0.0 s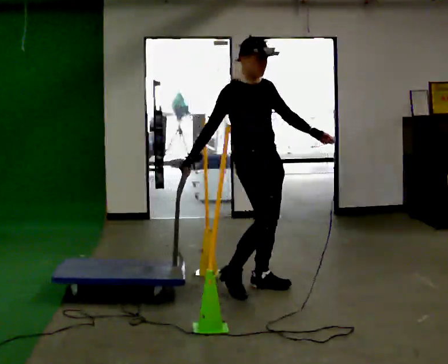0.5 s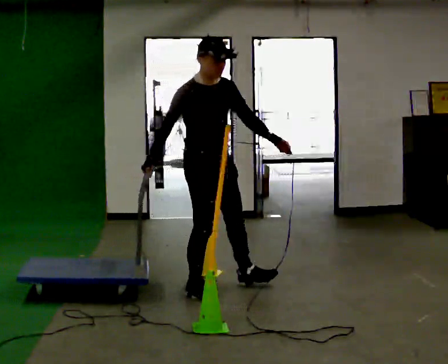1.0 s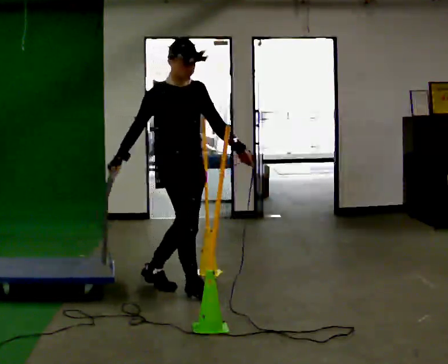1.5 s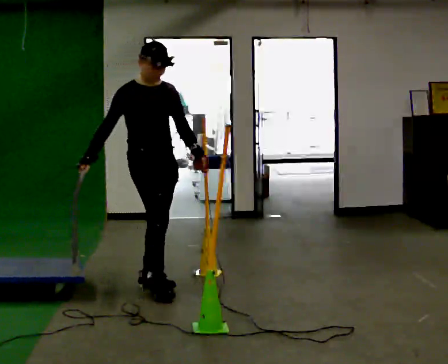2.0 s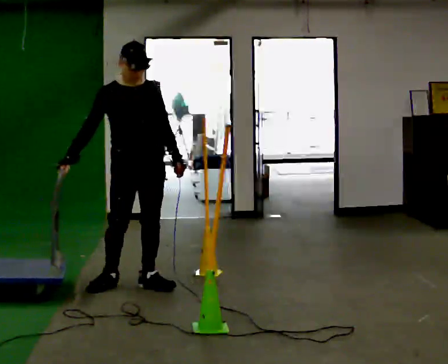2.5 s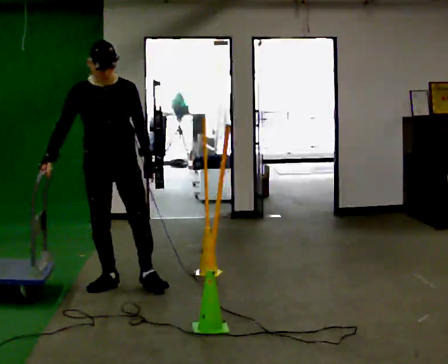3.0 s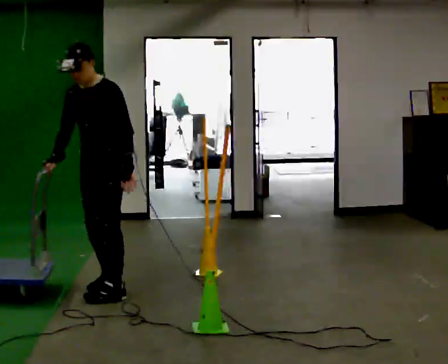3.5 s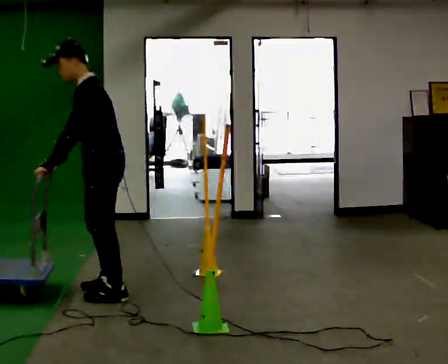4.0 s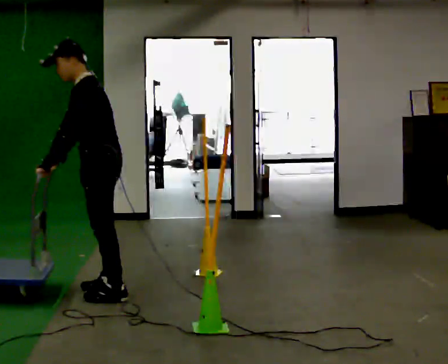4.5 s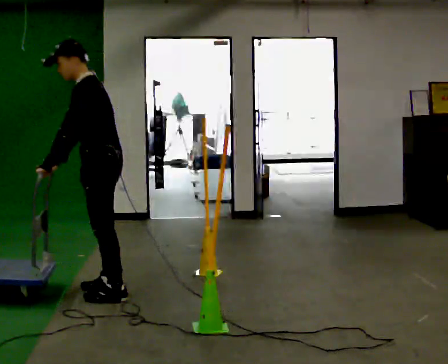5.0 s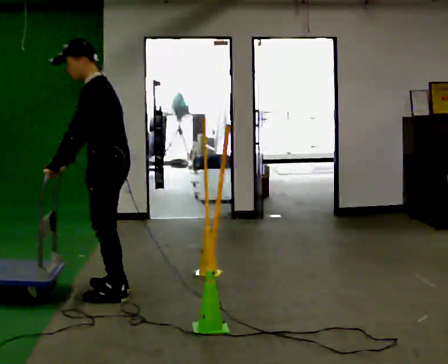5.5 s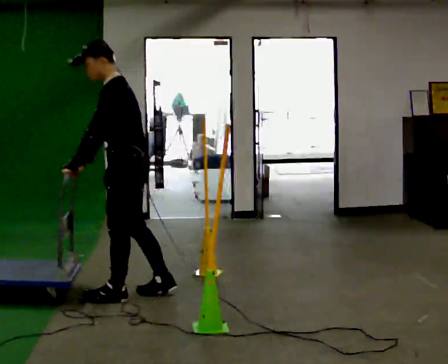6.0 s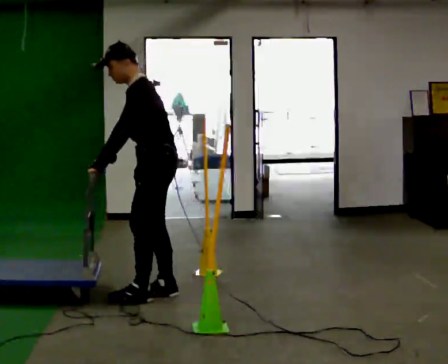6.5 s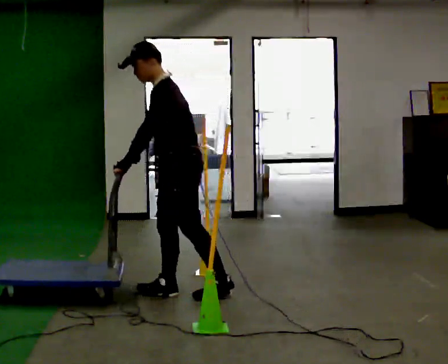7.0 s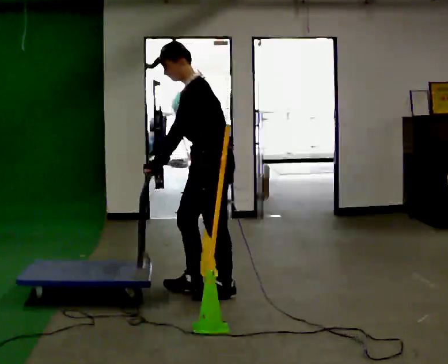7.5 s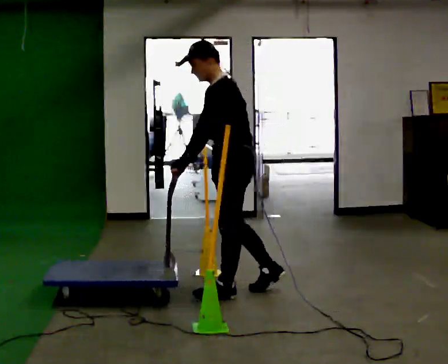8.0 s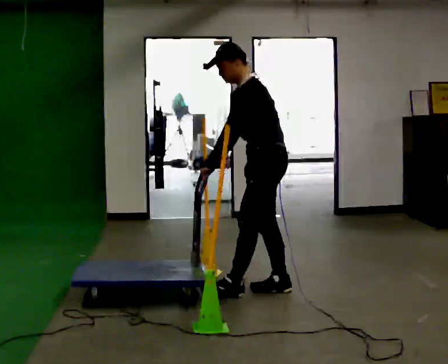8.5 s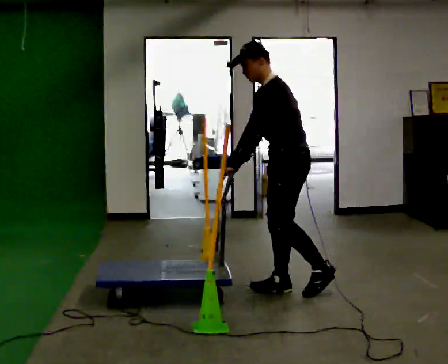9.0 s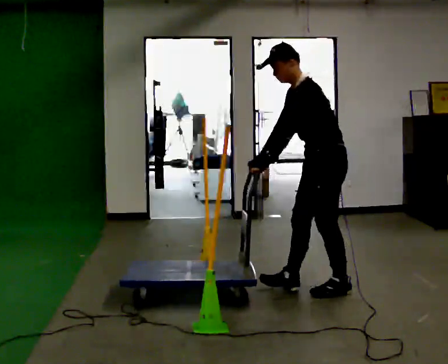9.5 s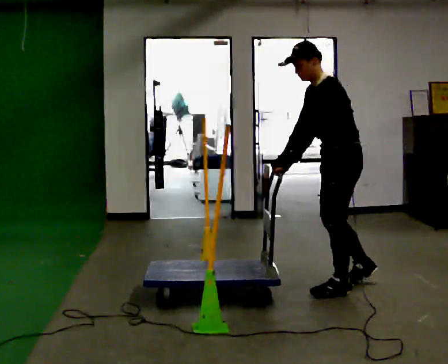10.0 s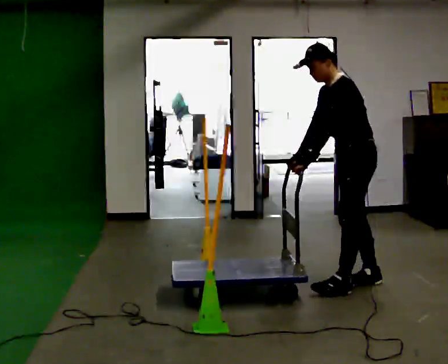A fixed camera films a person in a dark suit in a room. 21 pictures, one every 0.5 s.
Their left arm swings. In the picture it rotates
clockwise.
0.0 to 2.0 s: In the picture they go to the left, about 1 m in 2 steps, which for them is backward and to their right.
2.0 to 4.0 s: The part of the body nearest the lens slides to the left as the person turns to their right by about 120 degrees. In the picture they go toward the camera and to the left, about 0.25 m in 2 steps.
4.0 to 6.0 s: In the picture they go to the right, about 0.25 m in 2 steps, which for them is backward.
6.0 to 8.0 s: In the picture they go to the right, about 0.5 m in 2 steps, which for them is backward.
8.0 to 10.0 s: In the picture they go to the right, about 0.5 m in 1 step, which for them is backward.
The film runs backward here.
